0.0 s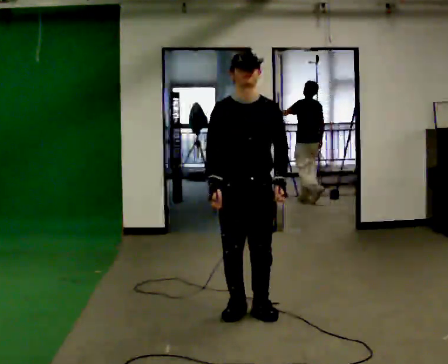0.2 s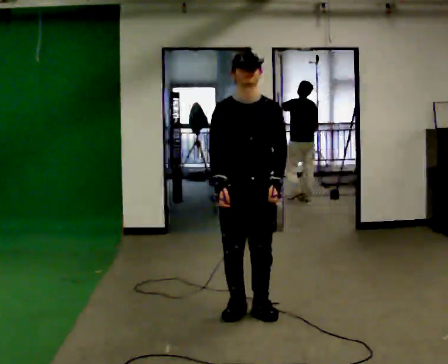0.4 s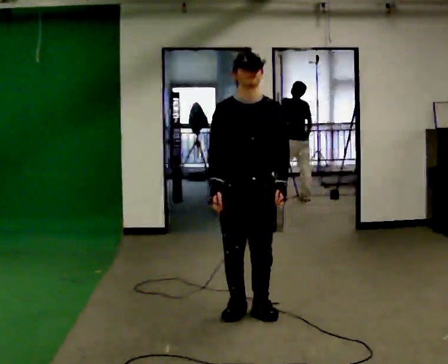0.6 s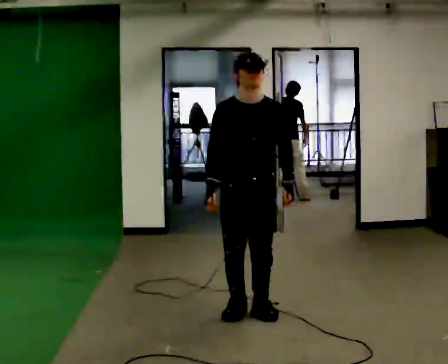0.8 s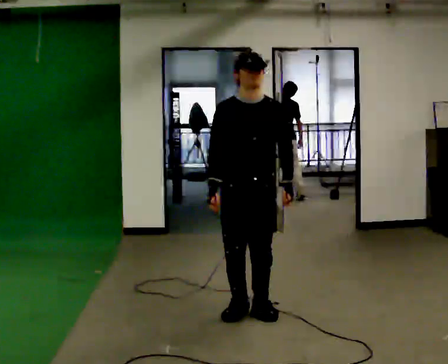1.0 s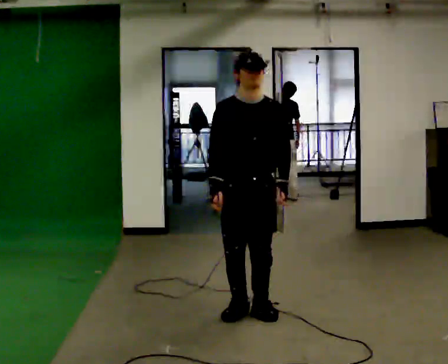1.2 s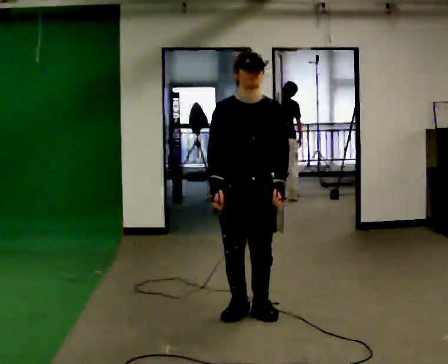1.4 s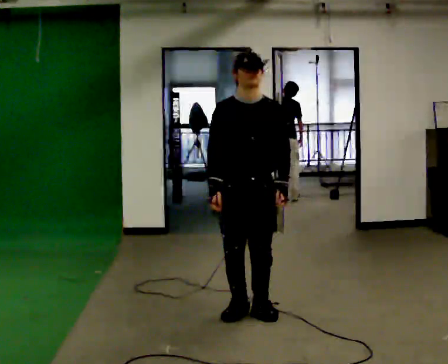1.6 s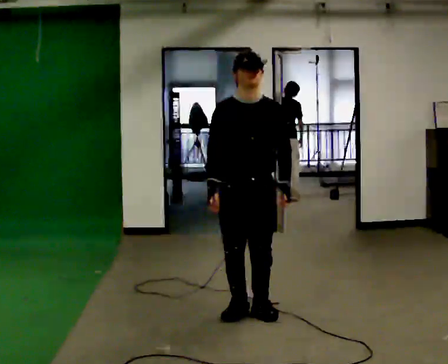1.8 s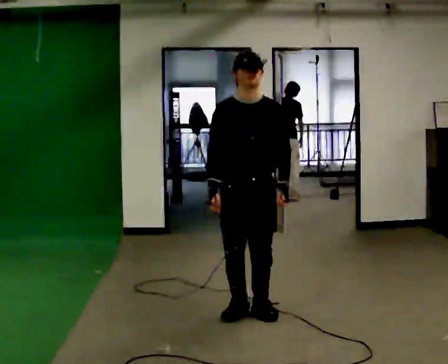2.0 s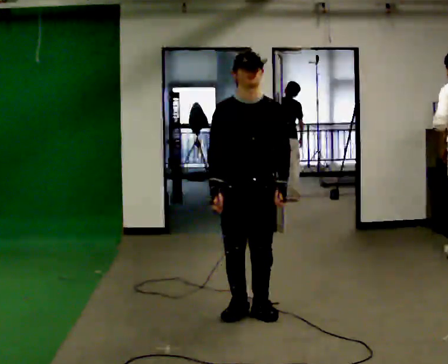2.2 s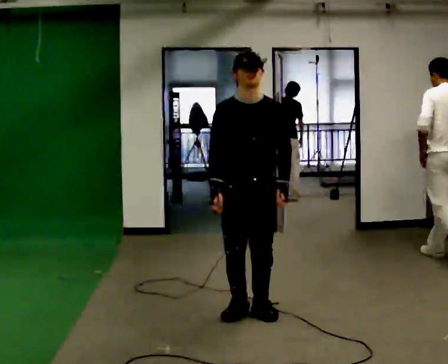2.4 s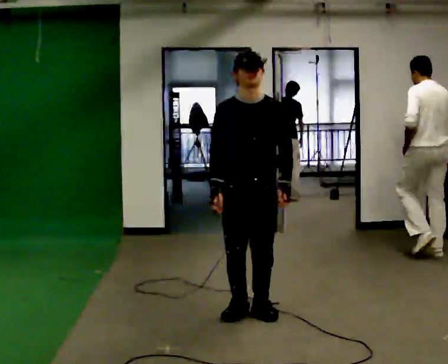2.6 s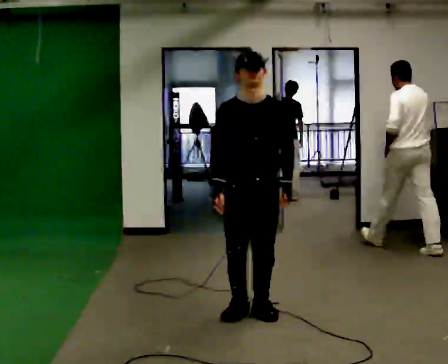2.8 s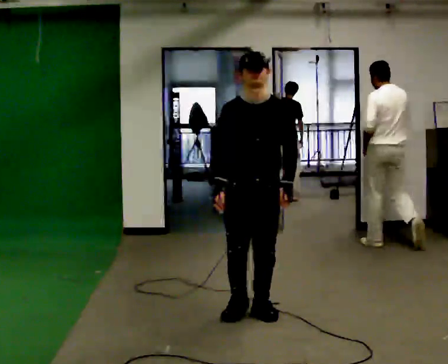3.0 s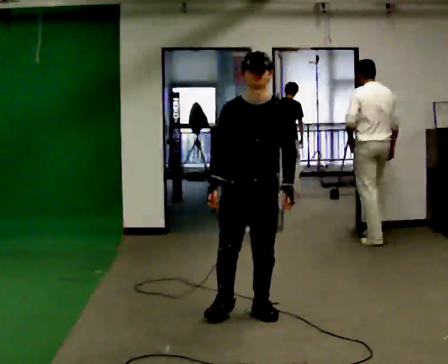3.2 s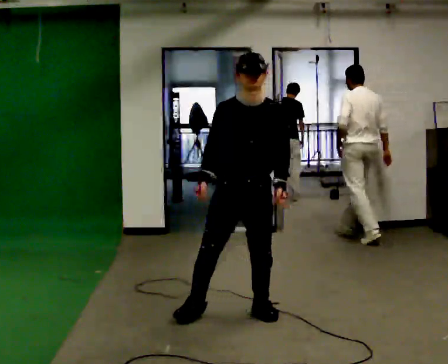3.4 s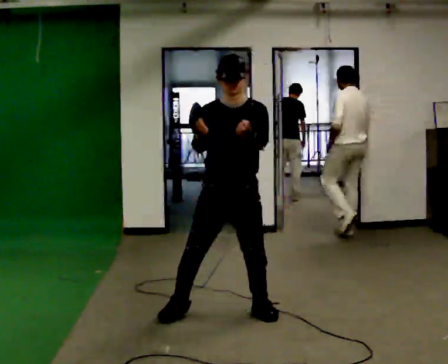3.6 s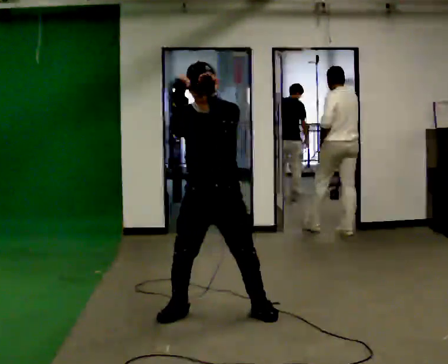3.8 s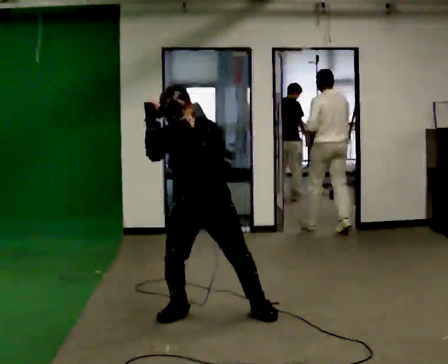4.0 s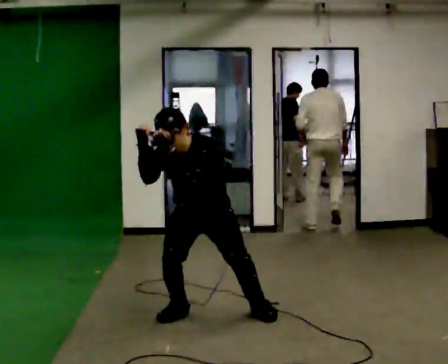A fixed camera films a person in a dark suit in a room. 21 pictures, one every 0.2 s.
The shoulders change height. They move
downward.
The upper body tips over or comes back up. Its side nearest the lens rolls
downward.
0.0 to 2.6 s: The person moves a little, or ends about where they began.
2.6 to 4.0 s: In the picture they go to the left, about 0.25 m in 1 step, which for them is to their right. The upper body goes downward. The upper body tips toward the camera, its near side rolling downward, as they bend forward.
The film runs forward here.
